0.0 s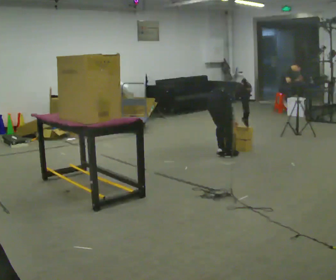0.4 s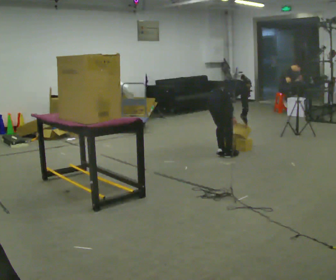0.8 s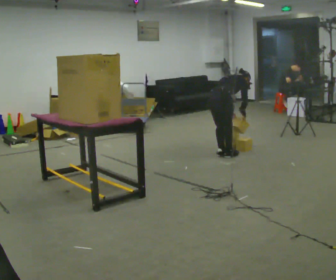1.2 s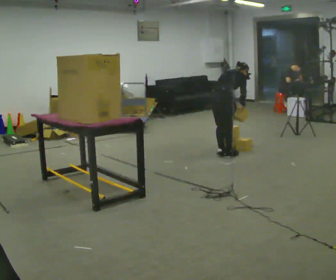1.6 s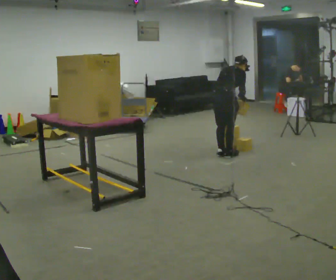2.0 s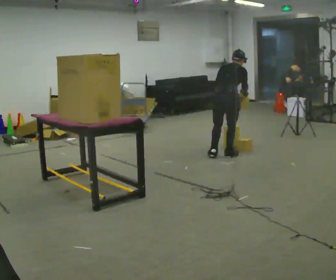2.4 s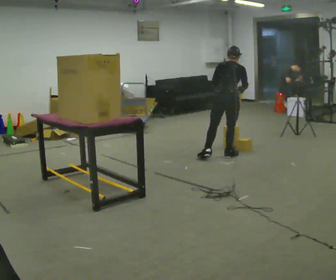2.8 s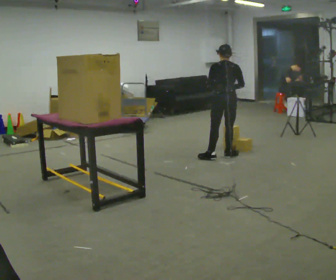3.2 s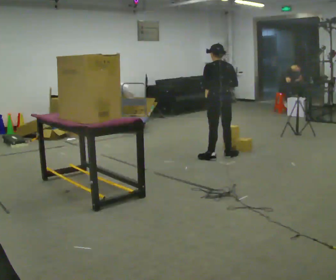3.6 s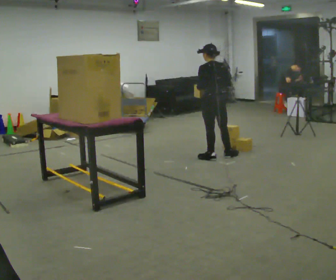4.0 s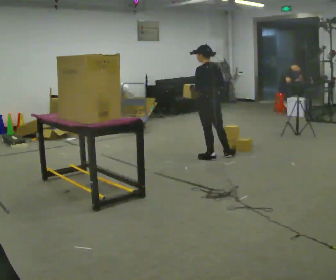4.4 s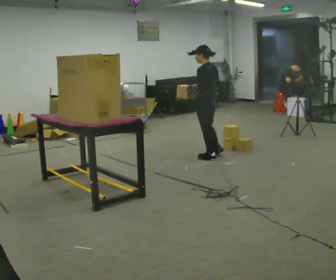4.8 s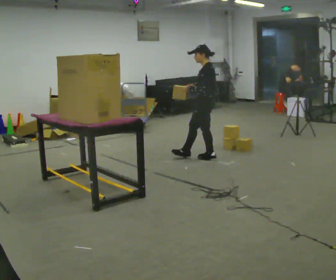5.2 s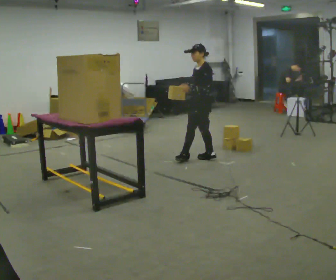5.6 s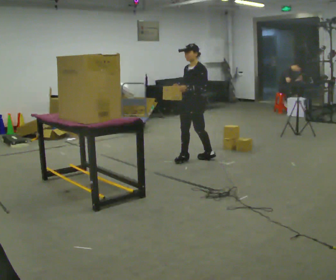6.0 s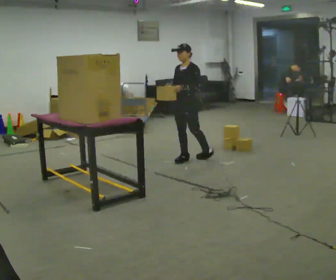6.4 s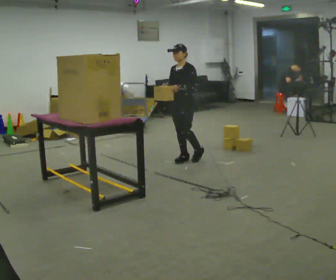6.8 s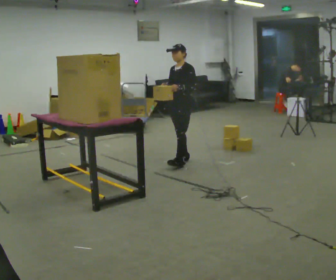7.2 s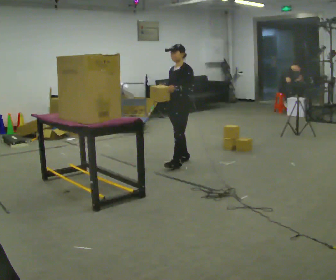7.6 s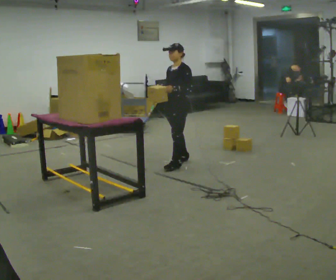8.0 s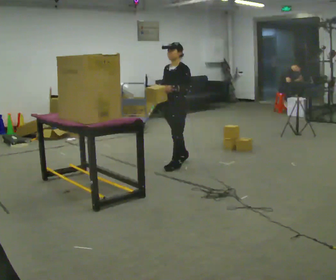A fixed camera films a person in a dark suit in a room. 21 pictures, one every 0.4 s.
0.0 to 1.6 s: The shoulders move upward. The upper body tips toward the camera, its near side rolling downward, as they lean back or straighten. In the picture their left hand goes upward.
1.6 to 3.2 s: The part of the body nearest the lens slides to the right as the person turns to their left by about 45 degrees. The upper body tips toward the camera, its near side rolling downward, as they lean back or straighten.
3.2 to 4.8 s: Seen from above the body turns counterclockwise, about 75 degrees: to their left, with its near side sliding to the right. In the picture they go to the left, about 0.25 m. In the picture their right hand goes to the left.
4.8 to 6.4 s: Seen from above the body turns counterclockwise, about 60 degrees: to their left, with its near side sliding to the right. In the picture they go to the left, about 0.25 m in 1 step, which for them is forward and to their right.
6.4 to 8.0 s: In the picture they go toward the camera, about 0.25 m in 1 step, which for them is forward and to their left.
The film runs forward here.
